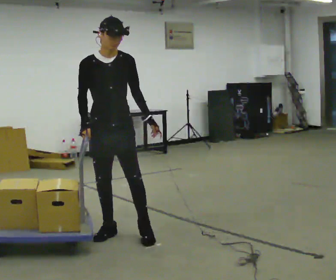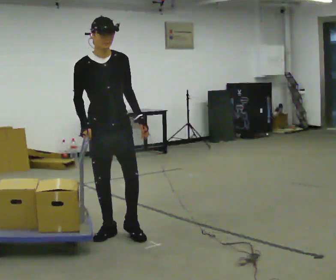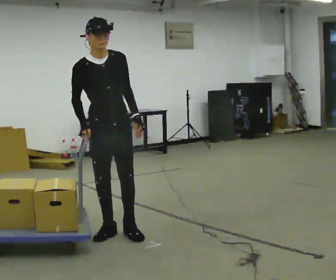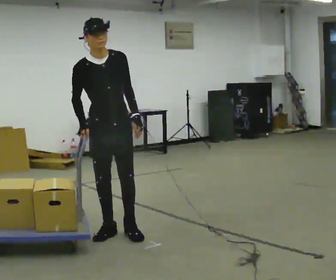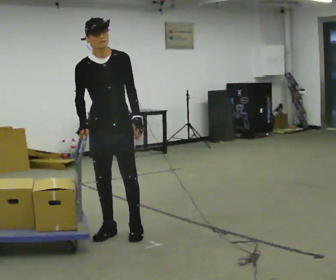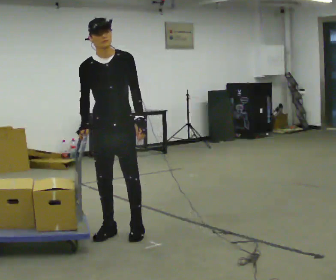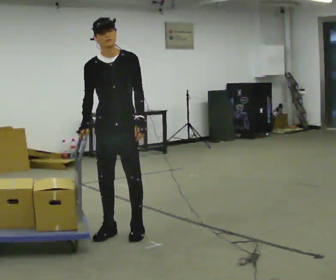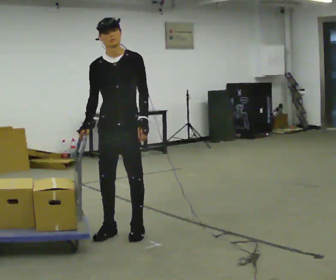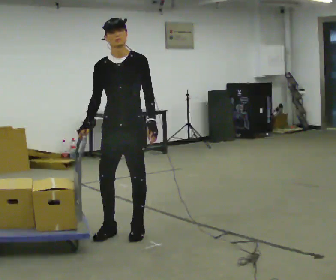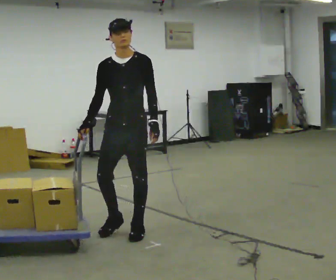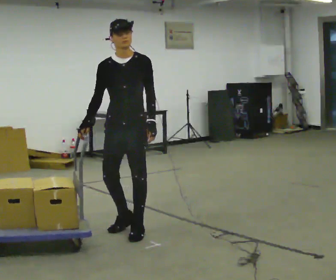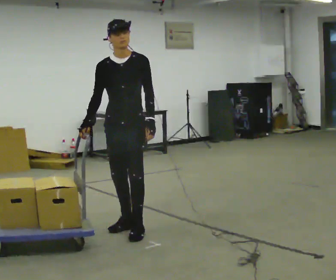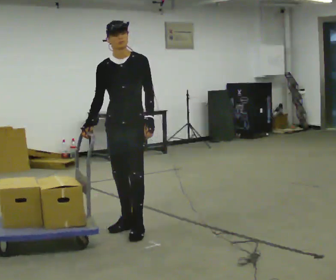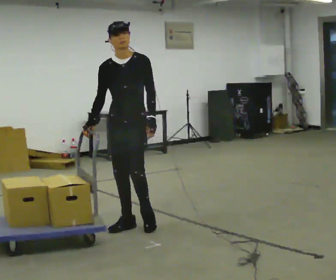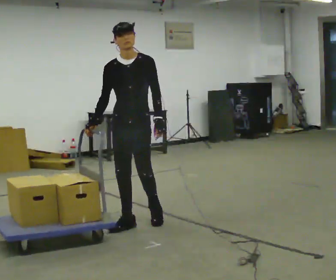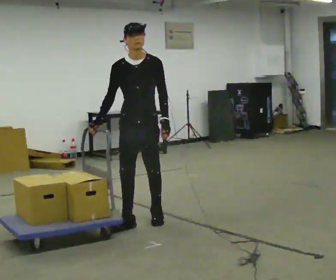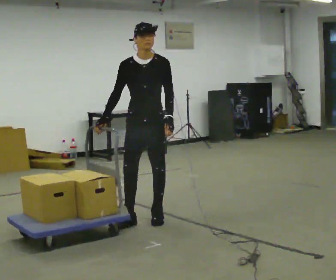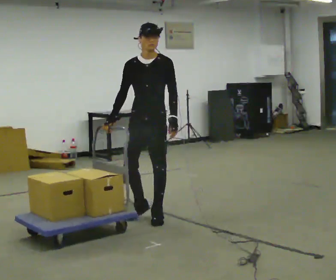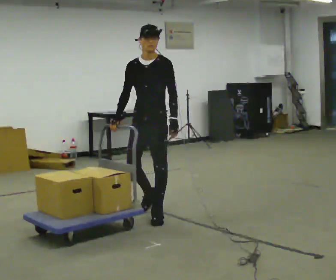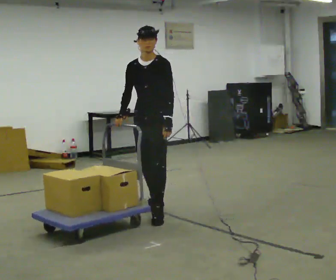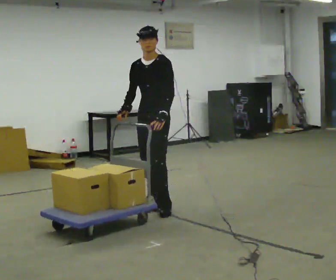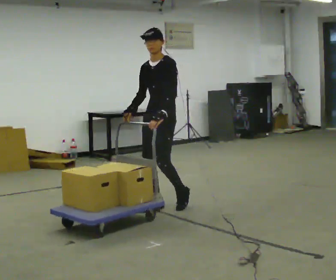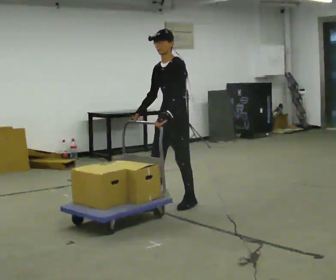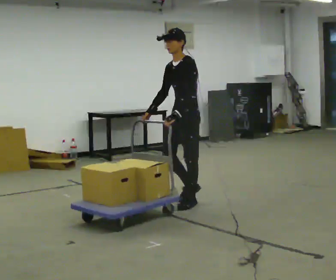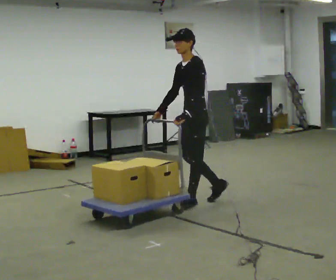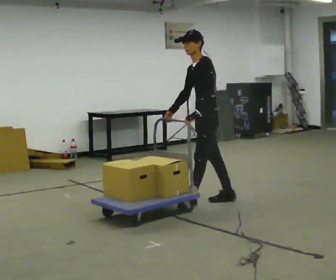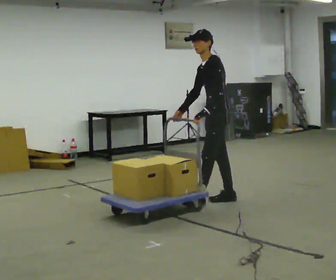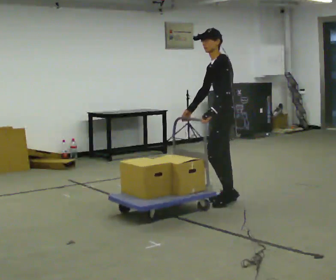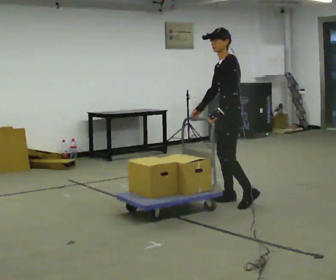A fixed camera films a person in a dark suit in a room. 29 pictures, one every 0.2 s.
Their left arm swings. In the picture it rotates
clockwise.
0.0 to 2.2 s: The person moves a little, or ends about where they began.
2.2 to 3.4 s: In the picture they go away from the camera and to the right, about 0.5 m in 2 steps, which for them is backward.
3.4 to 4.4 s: The part of the body nearest the lens slides to the left as the person turns to their right by about 45 degrees. In the picture they go away from the camera and to the right, about 0.5 m in 1 step, which for them is backward.
4.4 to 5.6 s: The person turns about 30 degrees to their right, clockwise seen from above, so the part of the body nearest the lens slides to the left. In the picture they go to the right, about 0.5 m in 2 steps, which for them is backward.
The film runs backward here.
